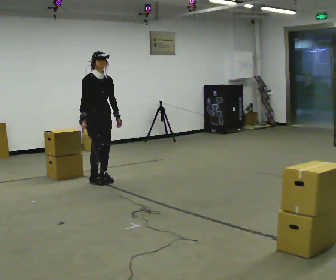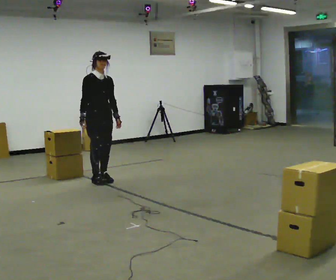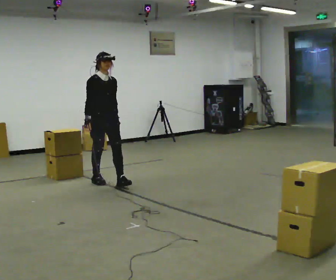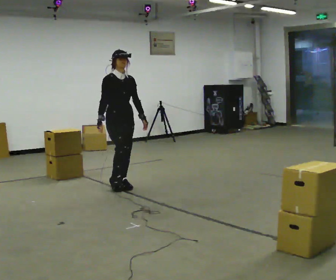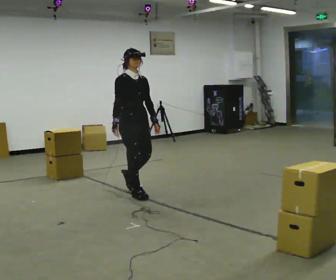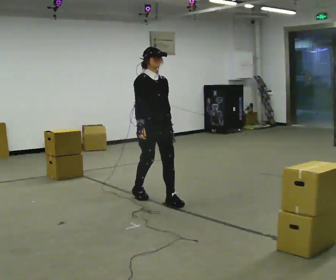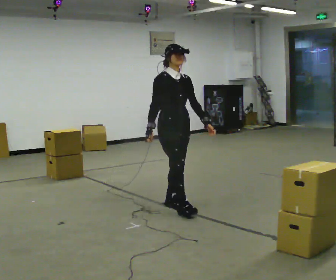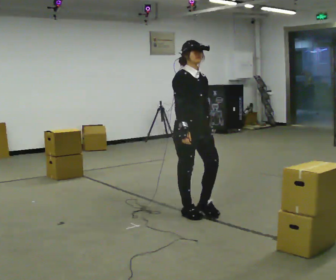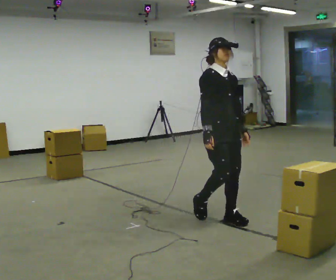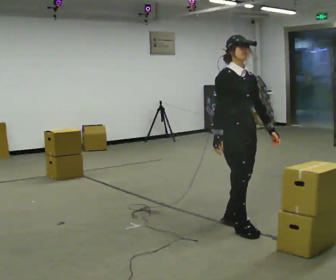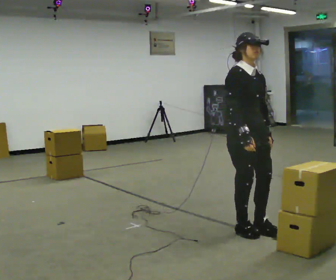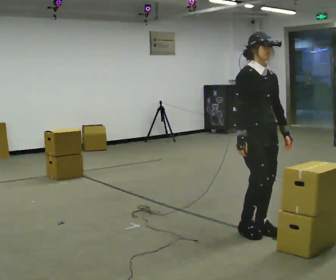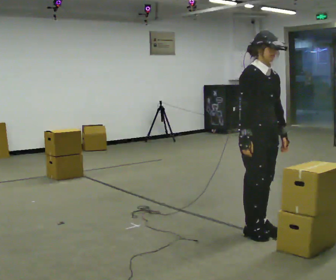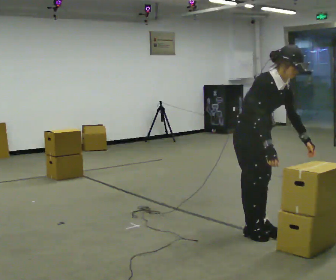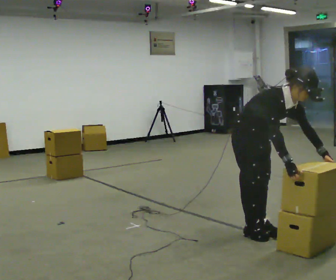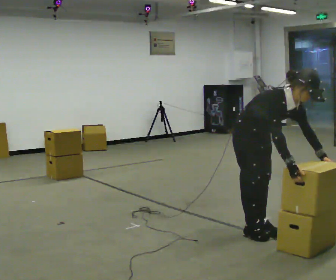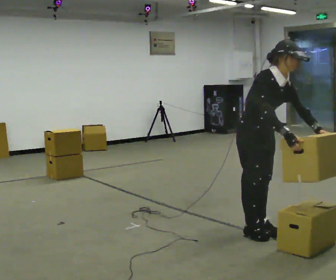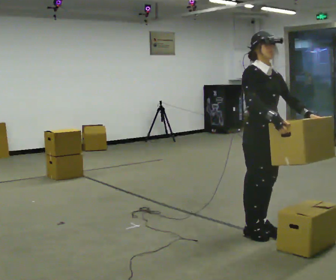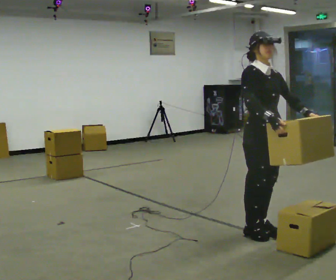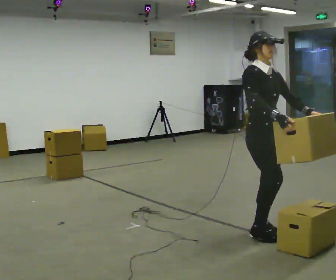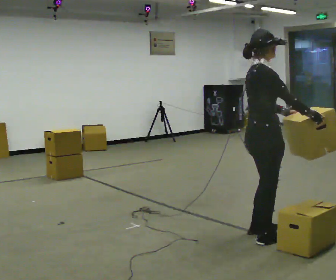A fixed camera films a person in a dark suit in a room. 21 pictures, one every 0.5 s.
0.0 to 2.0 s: In the picture they go to the right and toward the camera, about 1 m in 2 steps, which for them is forward.
2.0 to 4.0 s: In the picture they go to the right and toward the camera, about 1.5 m in 3 steps, which for them is forward.
4.0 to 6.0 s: In the picture they go toward the camera and to the right, about 0.5 m in 2 steps, which for them is forward.
6.0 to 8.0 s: The person moves a little, or ends about where they began.
8.0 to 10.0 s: Seen from above the body turns counterclockwise, about 60 degrees: to their left, with its near side sliding to the right. In the picture they go toward the camera, about 0.25 m in 1 step. In the picture the upper body tilts counterclockwise, shoulders to the left, as they lean back or straighten.
The film runs forward here.
